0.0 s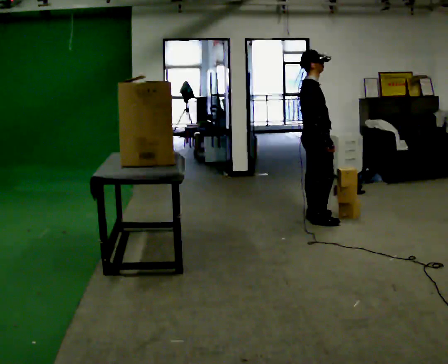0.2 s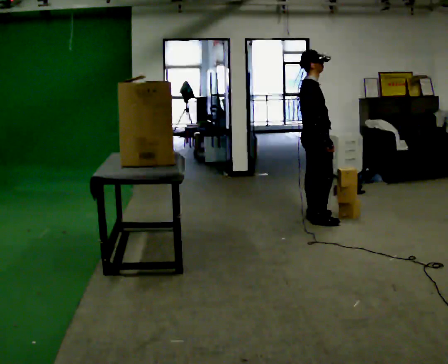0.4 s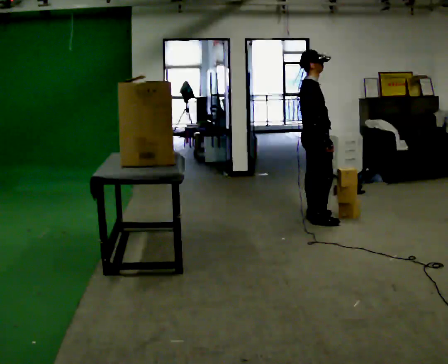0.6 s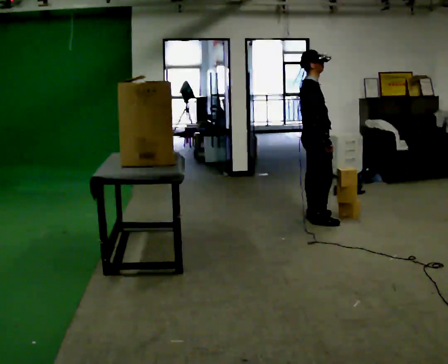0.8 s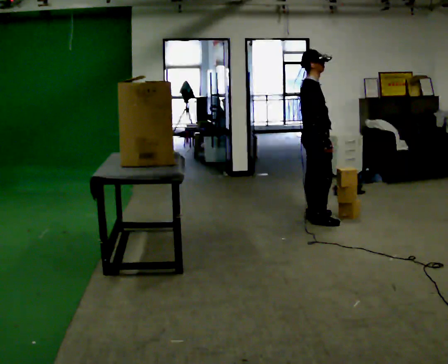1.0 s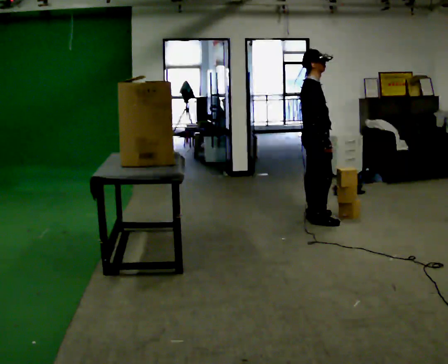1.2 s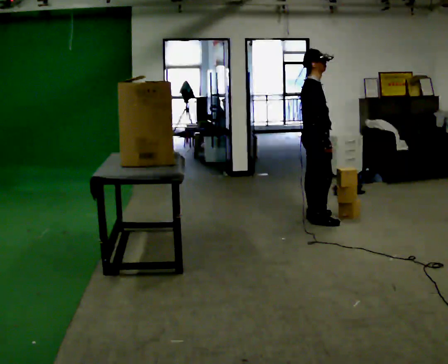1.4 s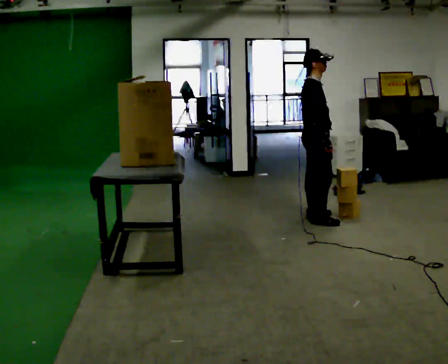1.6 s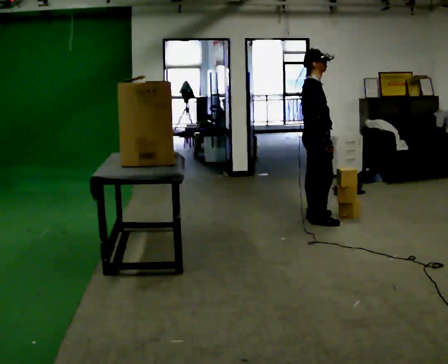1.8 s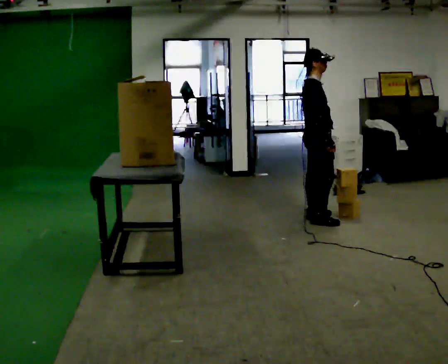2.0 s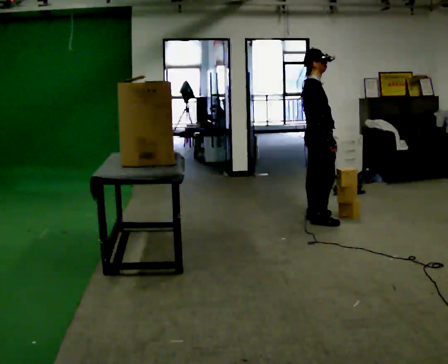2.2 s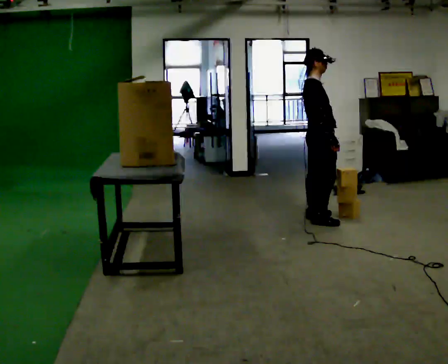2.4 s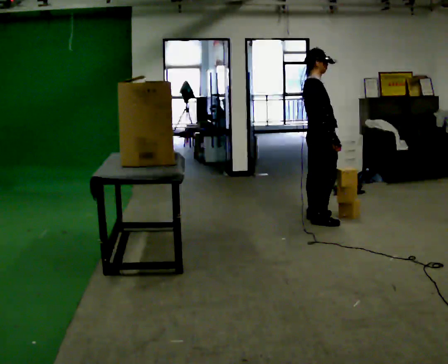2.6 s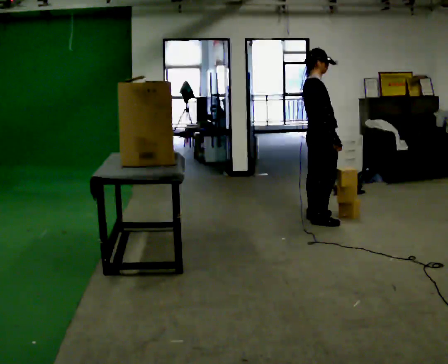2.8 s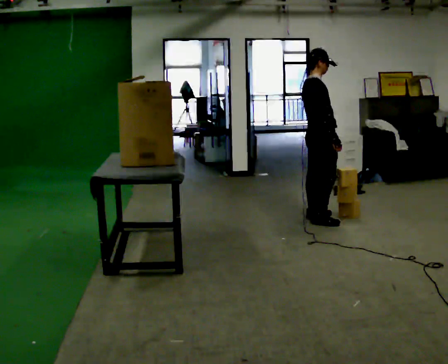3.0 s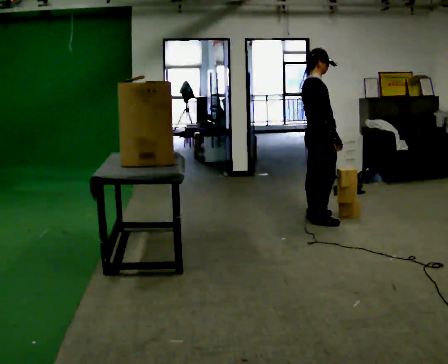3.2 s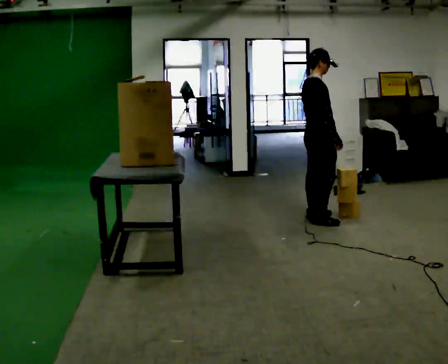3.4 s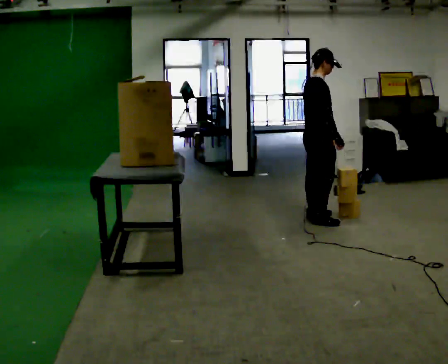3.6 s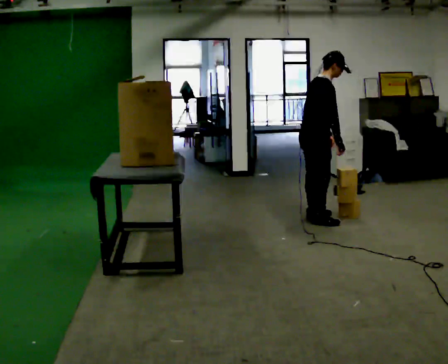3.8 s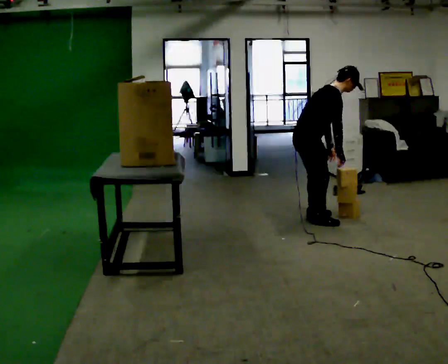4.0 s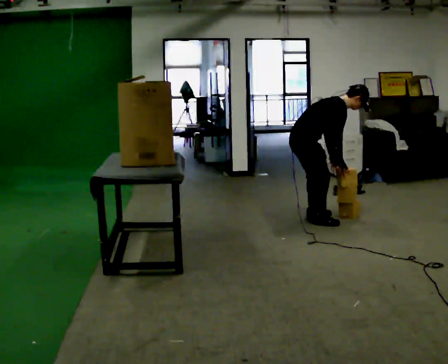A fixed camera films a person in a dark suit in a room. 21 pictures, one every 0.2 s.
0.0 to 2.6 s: The person moves a little, or ends about where they began.
2.6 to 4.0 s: In the picture they go to the left, about 0.25 m, which for them is backward. The upper body goes downward. In the picture the upper body tilts clockwise, shoulders to the right, as they bend forward.
The film runs backward here.
